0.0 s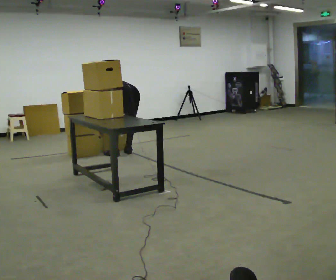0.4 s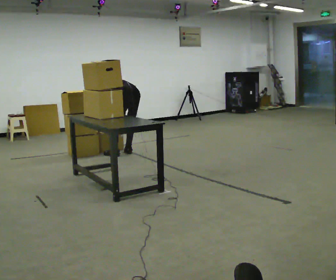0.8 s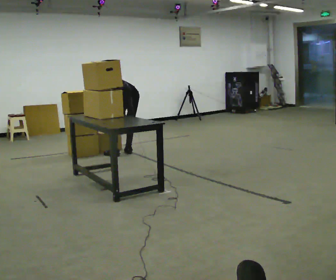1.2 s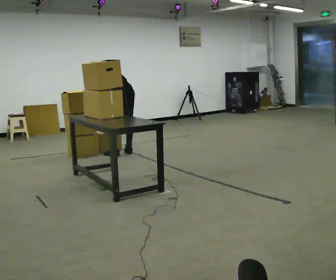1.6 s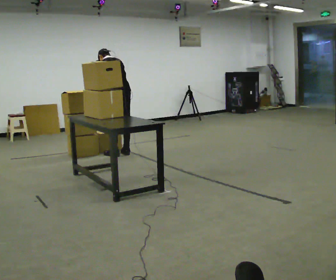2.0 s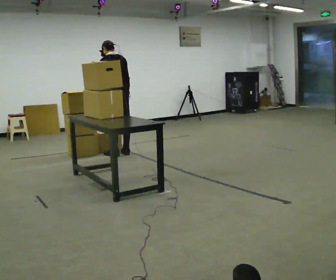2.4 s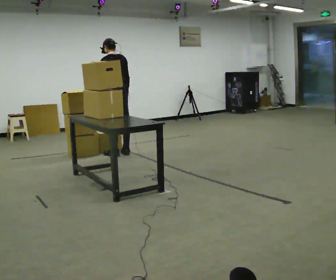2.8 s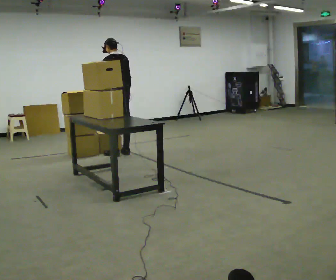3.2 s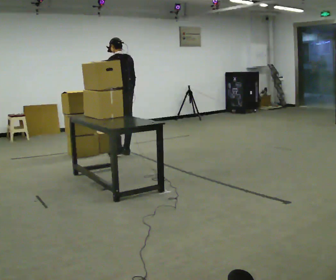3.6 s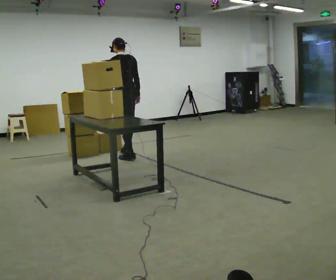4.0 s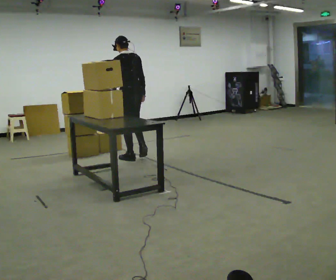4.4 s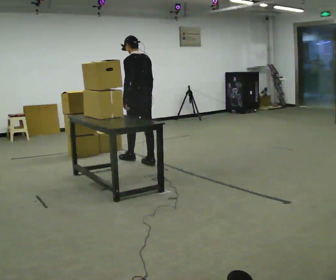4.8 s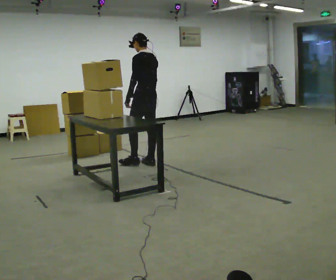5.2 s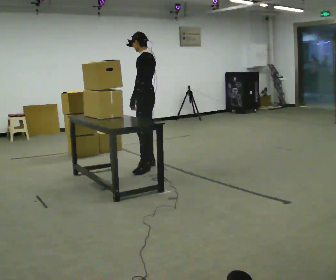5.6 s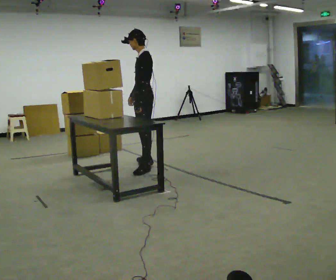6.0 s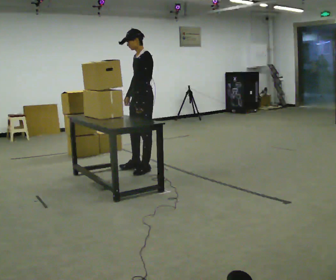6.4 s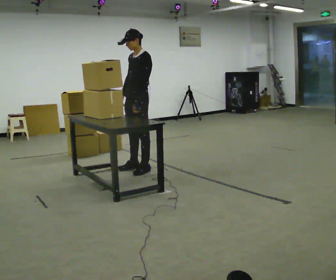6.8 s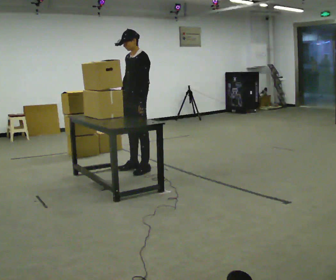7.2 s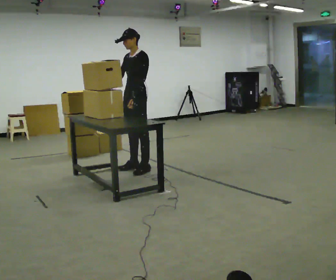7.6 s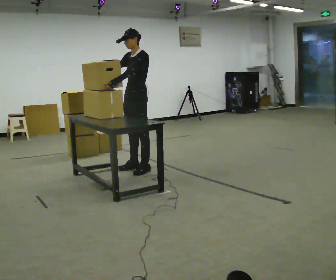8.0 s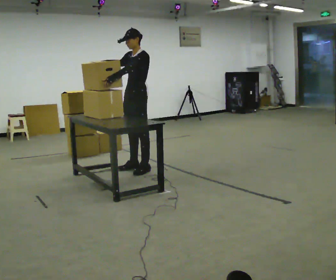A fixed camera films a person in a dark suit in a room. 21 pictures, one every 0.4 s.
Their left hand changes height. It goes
upward.
The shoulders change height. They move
upward.
0.0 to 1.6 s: The shoulders move upward. The upper body tips toward the camera, its near side rolling downward, as they lean back or straighten. In the picture their left hand goes upward.
1.6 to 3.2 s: The upper body tips toward the camera, its near side rolling downward, as they lean back or straighten.
3.2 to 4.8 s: In the picture they go toward the camera and to the right, about 0.75 m in 2 steps, which for them is backward.
4.8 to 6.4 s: The part of the body nearest the lens slides to the right as the person turns to their left by about 75 degrees. In the picture they go toward the camera, about 0.25 m in 1 step.
6.4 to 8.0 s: The person moves a little, or ends about where they began.
The film runs backward here.
